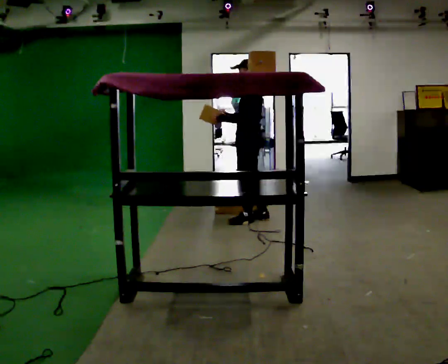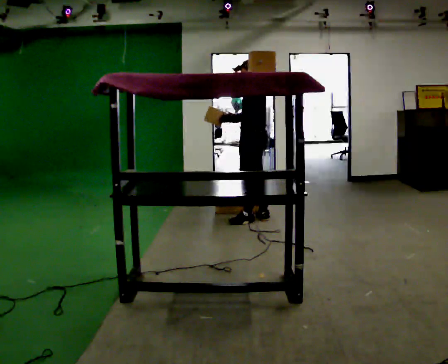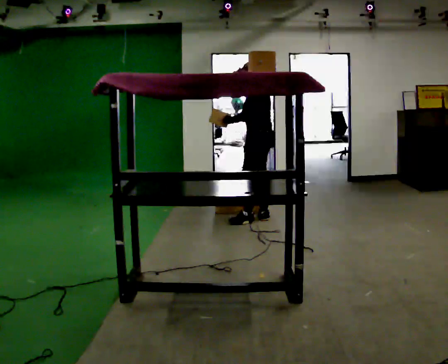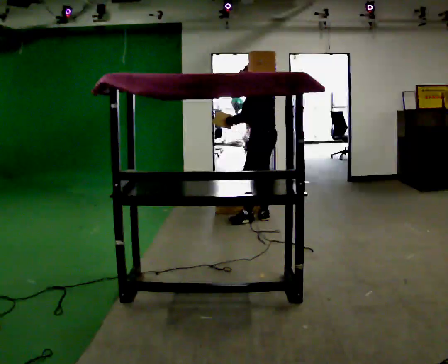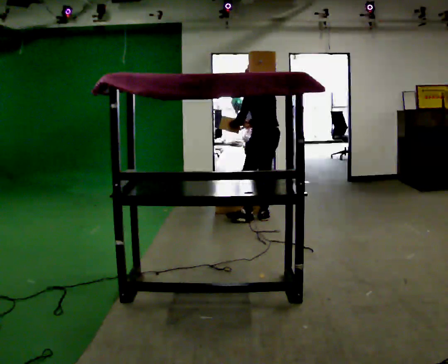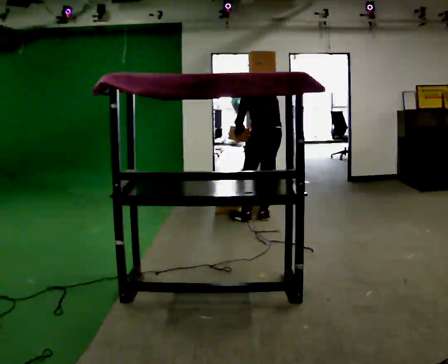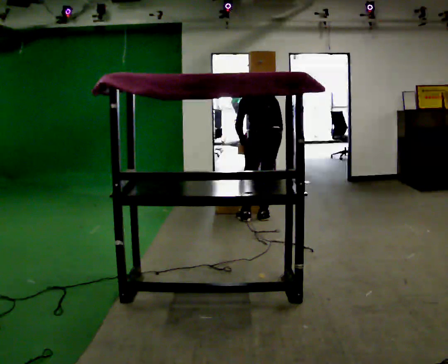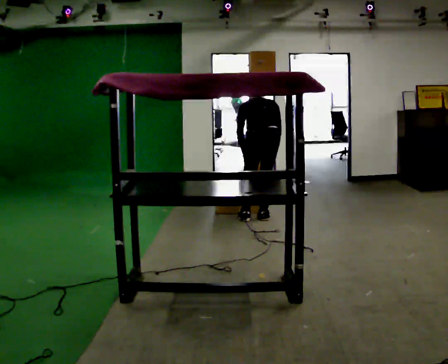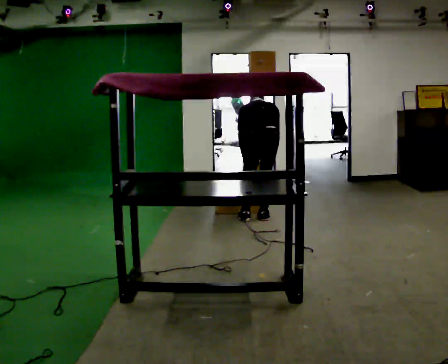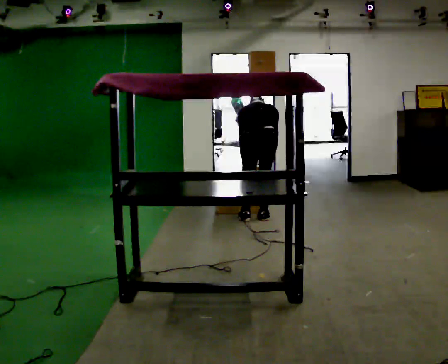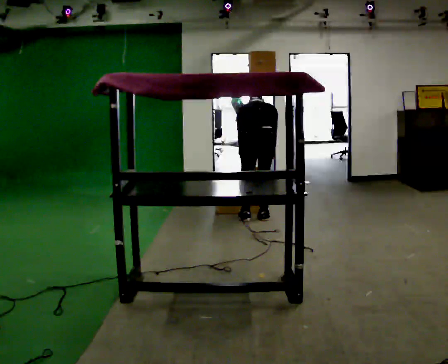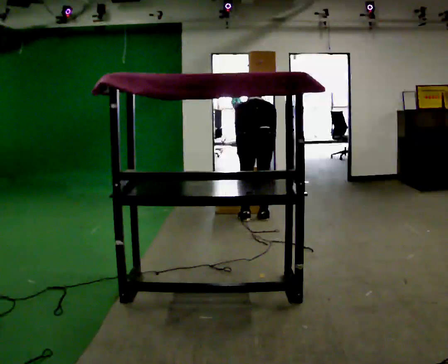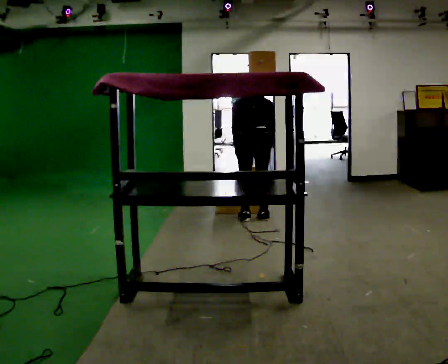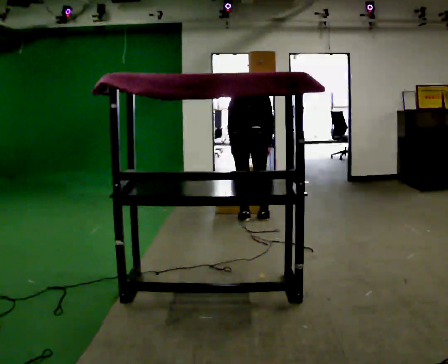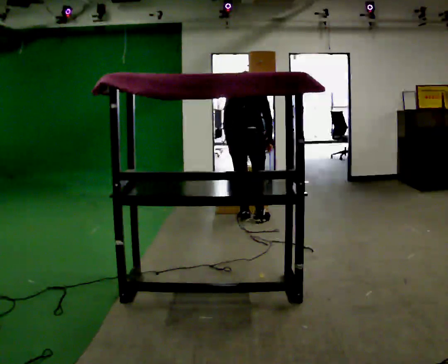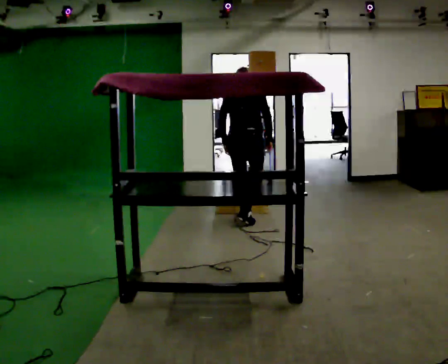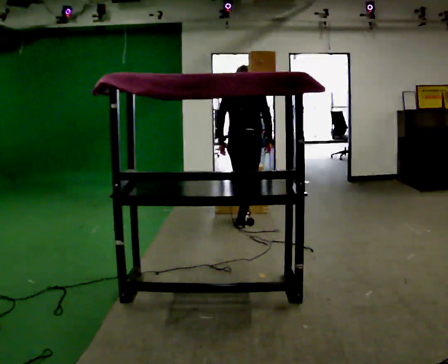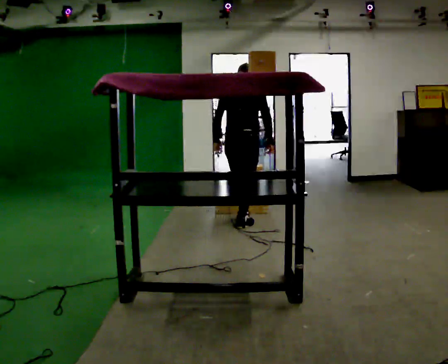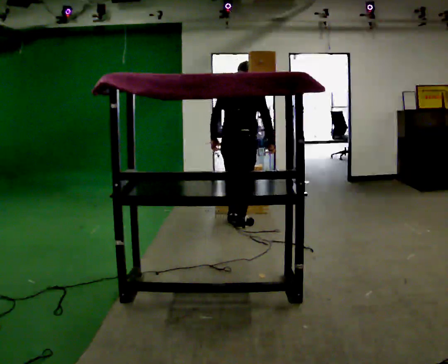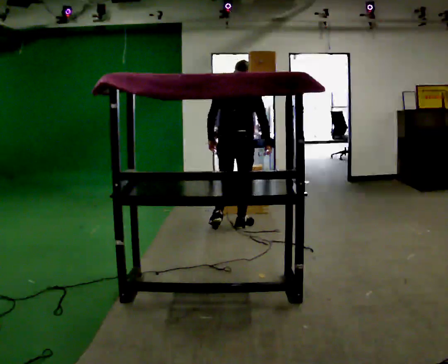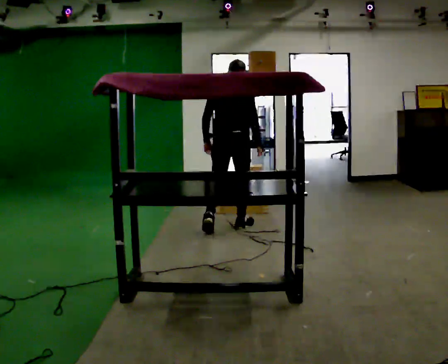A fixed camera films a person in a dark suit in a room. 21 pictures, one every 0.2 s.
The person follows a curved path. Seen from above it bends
clockwise.
The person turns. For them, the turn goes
to their right.
0.0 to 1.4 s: Seen from above the body turns clockwise, about 75 degrees: to their right, with its near side sliding to the left. The upper body tips away from the camera, its near side rolling upward, as they bend forward. In the picture their right hand goes to the right and downward, the arm swinging counterclockwise.
1.4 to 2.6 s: In the picture they go to the left, about 0.25 m, which for them is to their left.
2.6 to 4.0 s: In the picture they go toward the camera and to the left, about 0.25 m in 2 steps, which for them is backward. The upper body tips toward the camera, its near side rolling downward, as they lean back or straighten.
The film runs backward here.
